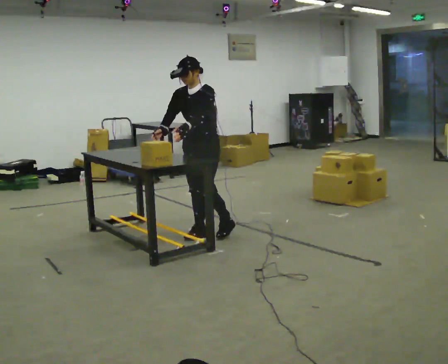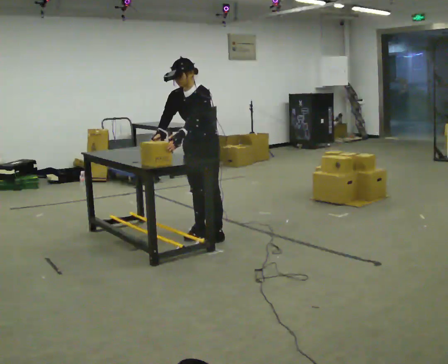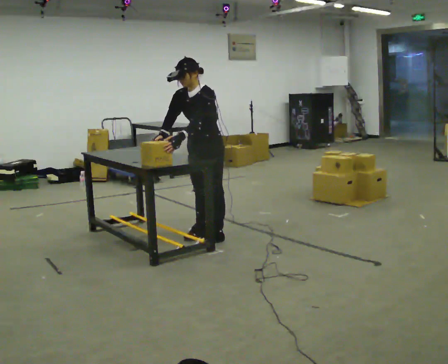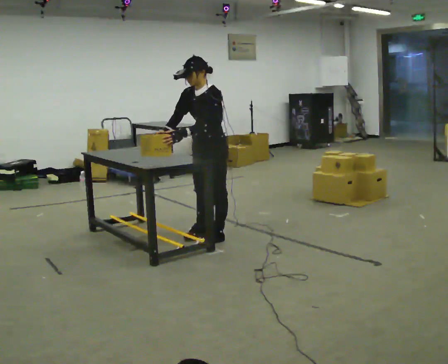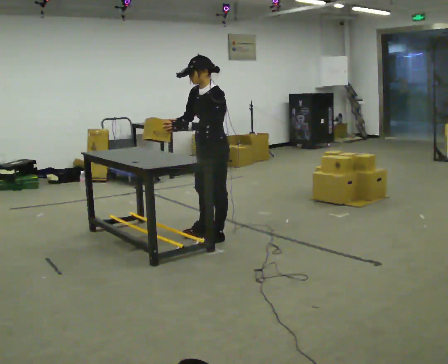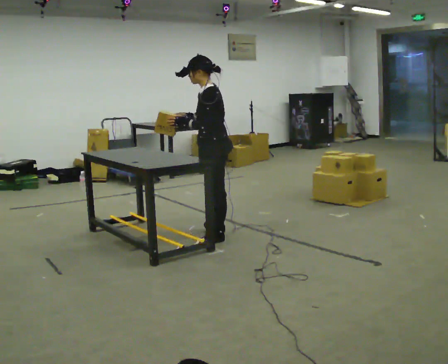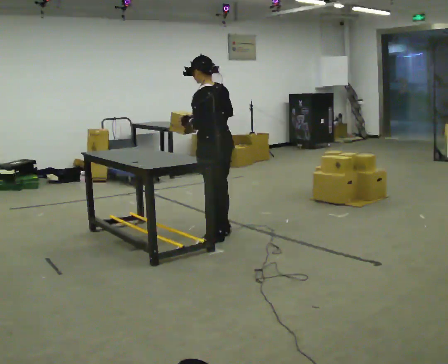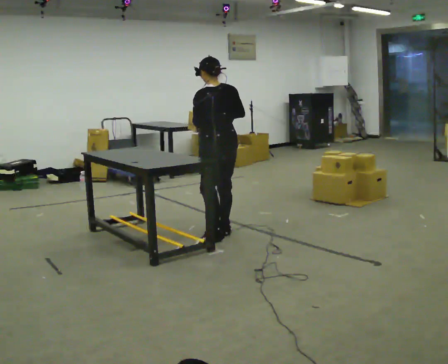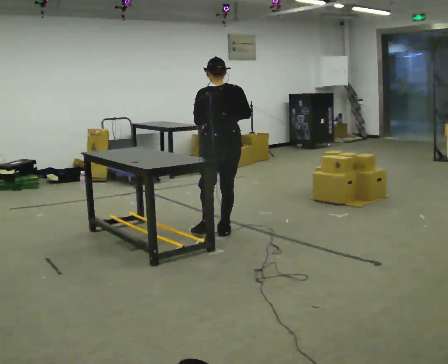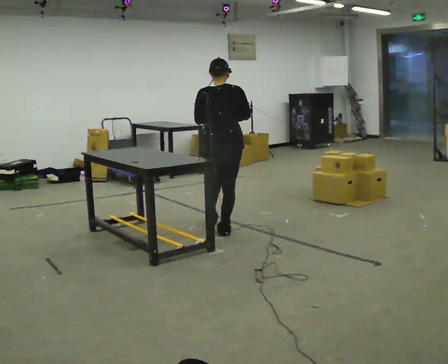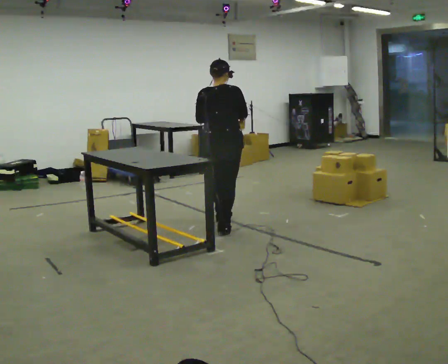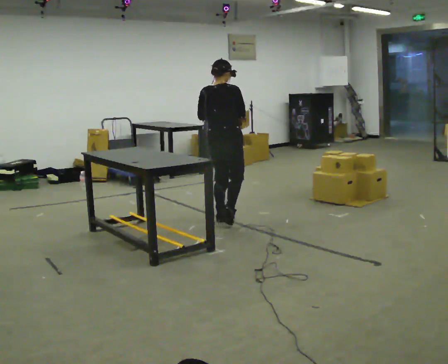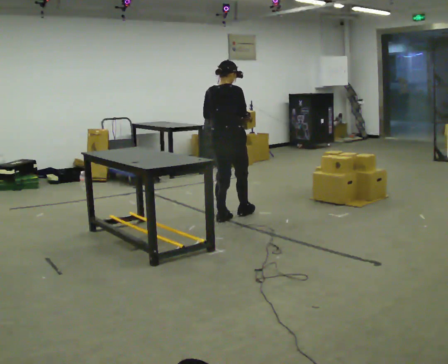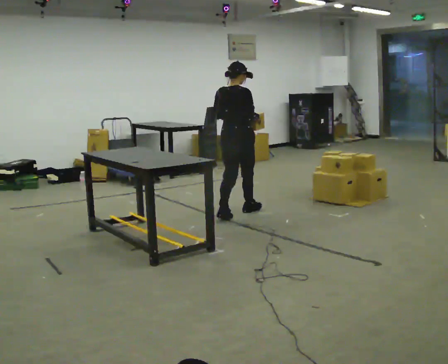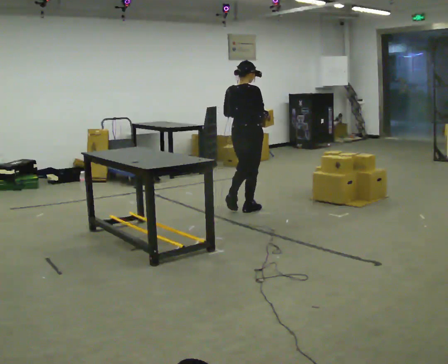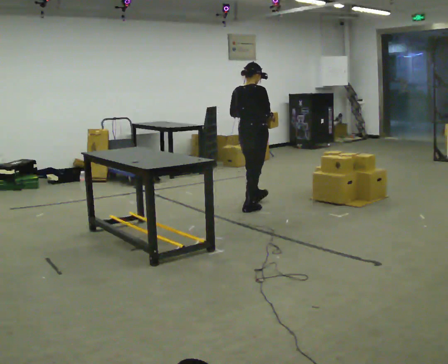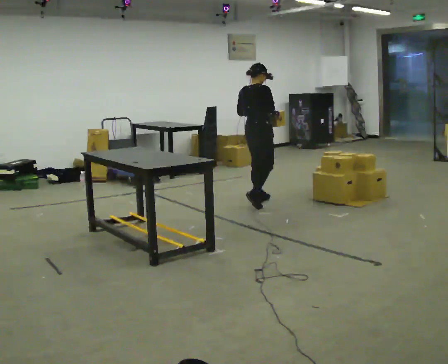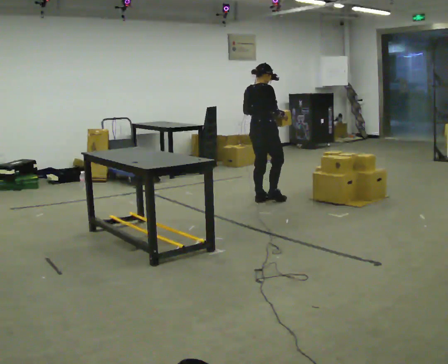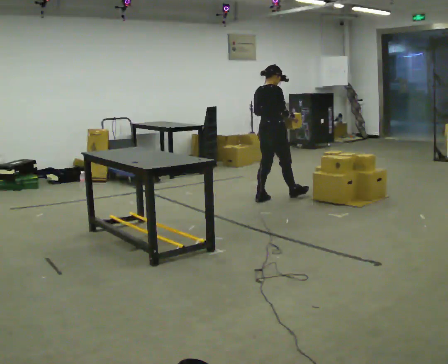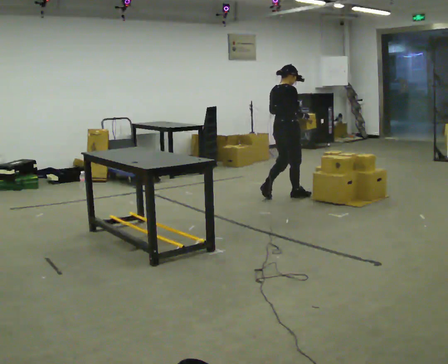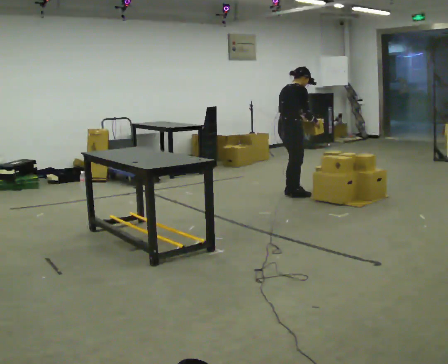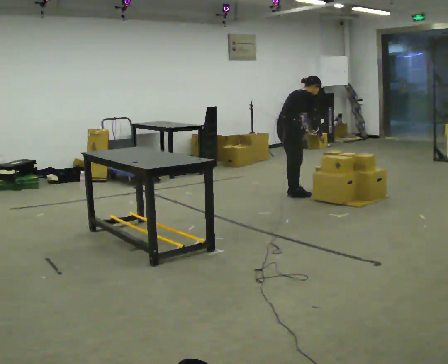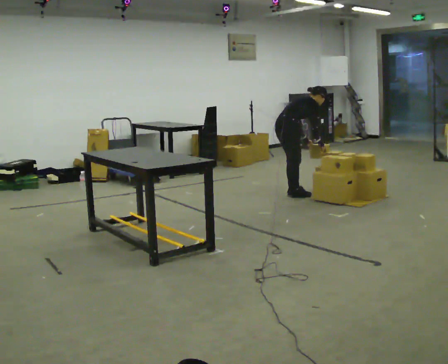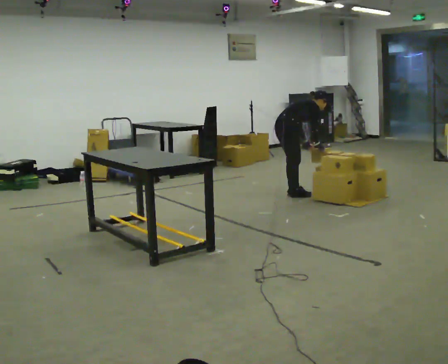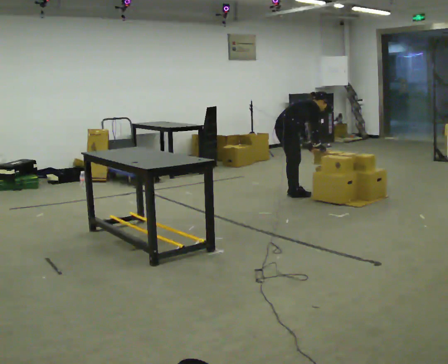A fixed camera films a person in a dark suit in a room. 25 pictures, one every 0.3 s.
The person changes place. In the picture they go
away from the camera.
The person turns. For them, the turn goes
to their right.
0.0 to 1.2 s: The person turns about 30 degrees to their right, clockwise seen from above, so the part of the body nearest the lens slides to the left.
1.2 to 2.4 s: Seen from above the body turns clockwise, about 90 degrees: to their right, with its near side sliding to the left. In the picture they go away from the camera, about 0.25 m in 1 step. In the picture their right hand goes to the right.
2.4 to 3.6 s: Seen from above the body turns clockwise, about 45 degrees: to their right, with its near side sliding to the left. In the picture they go away from the camera, about 0.5 m in 1 step, which for them is forward.
3.6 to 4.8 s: In the picture they go away from the camera and to the right, about 0.75 m in 2 steps, which for them is forward.
4.8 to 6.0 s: In the picture they go to the right and away from the camera, about 0.5 m in 1 step, which for them is forward. In the picture the upper body tilts clockwise, shoulders to the right, as they bend forward.
6.0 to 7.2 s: The shoulders move downward. In the picture the upper body tilts clockwise, shoulders to the right, as they bend forward.
The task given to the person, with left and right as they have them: 1. Bring the boxes over from the shelf one at a time. 2. Stack them on the pallet with the heaviest at the bottom. 3. Do not stack more than three high. 4. Tell the operator when you are finished.
The film runs forward here.
